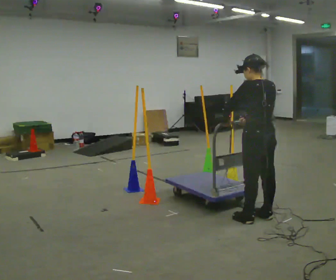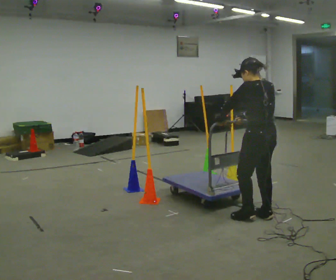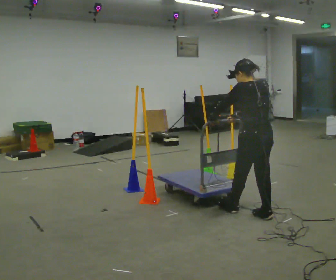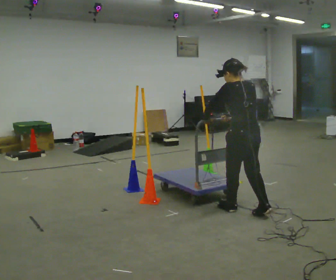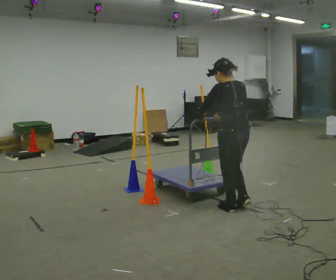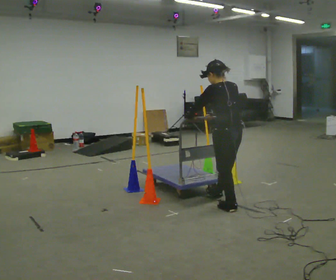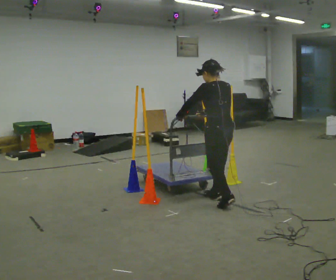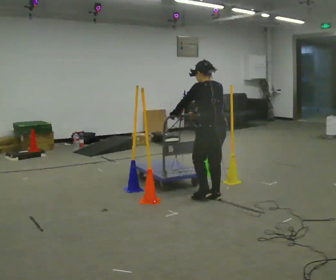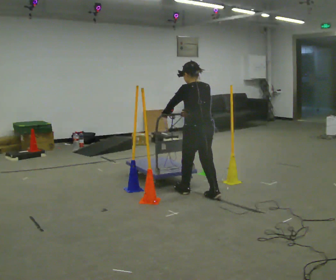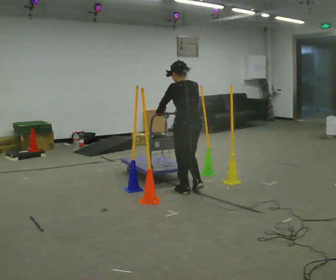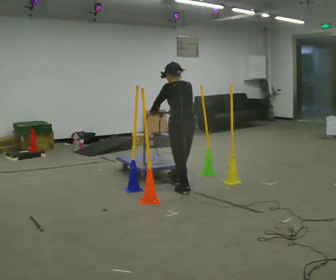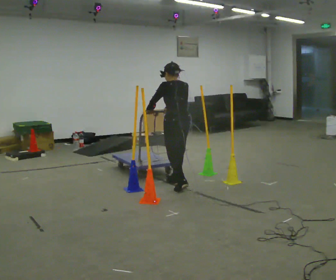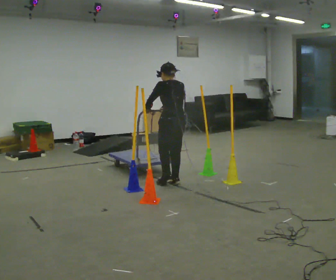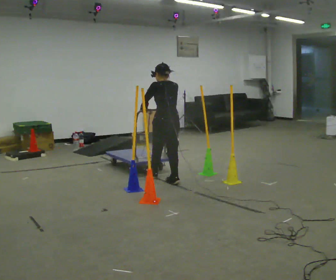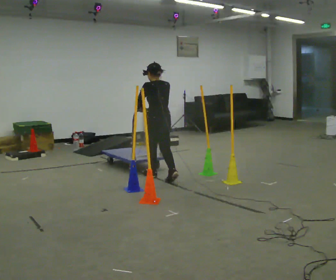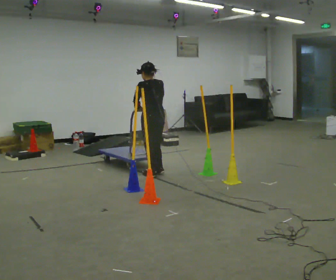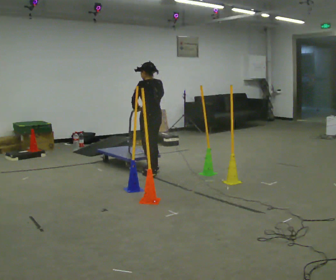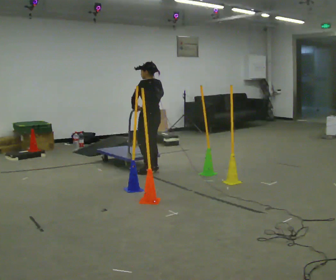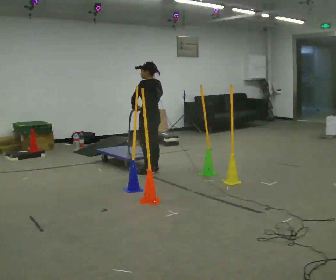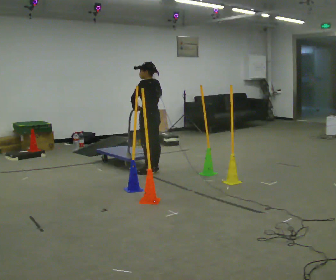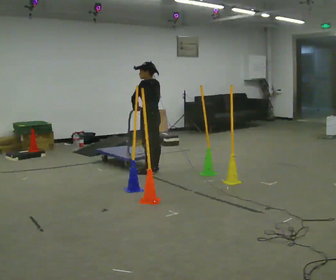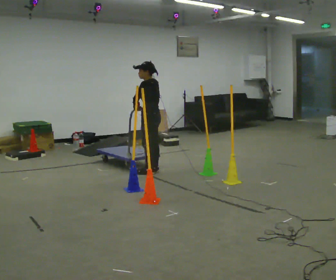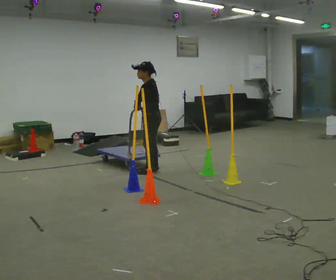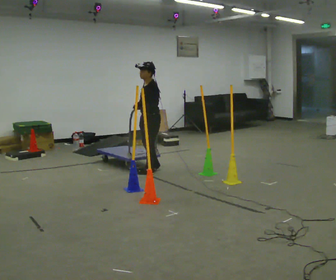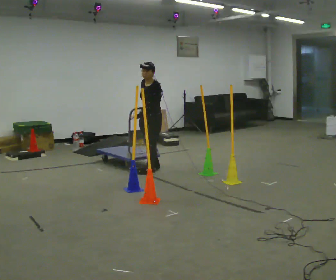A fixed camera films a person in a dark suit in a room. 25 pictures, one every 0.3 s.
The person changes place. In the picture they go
away from the camera.
0.0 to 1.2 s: In the picture they go away from the camera and to the left, about 0.25 m in 1 step, which for them is forward.
1.2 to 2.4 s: In the picture they go away from the camera and to the left, about 0.5 m in 2 steps, which for them is forward.
2.4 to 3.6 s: In the picture they go away from the camera and to the left, about 0.5 m in 1 step, which for them is forward.
3.6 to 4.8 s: In the picture they go away from the camera and to the left, about 0.5 m in 2 steps, which for them is forward.
4.8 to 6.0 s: The person moves a little, or ends about where they began.
6.0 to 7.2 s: The person turns about 60 degrees to their left, counterclockwise seen from above, so the part of the body nearest the lens slides to the right.
The film runs forward here.
